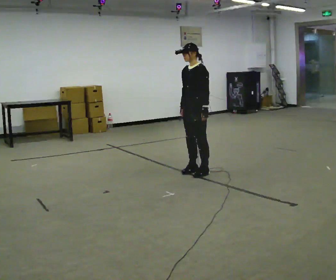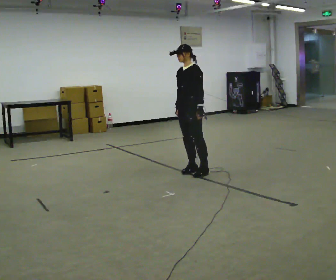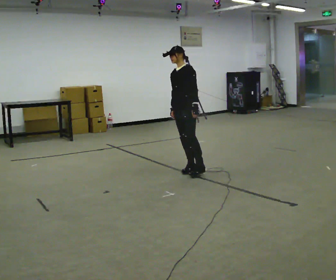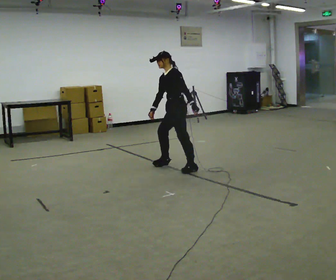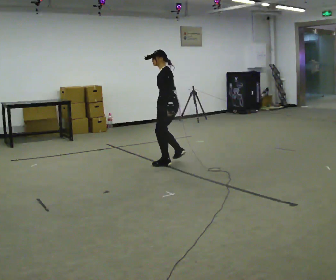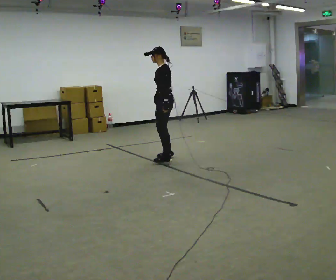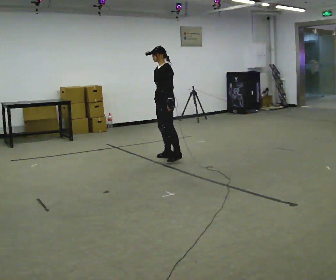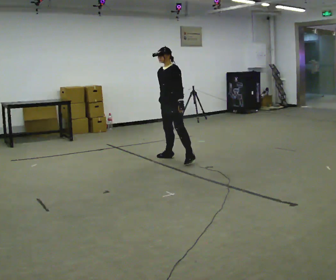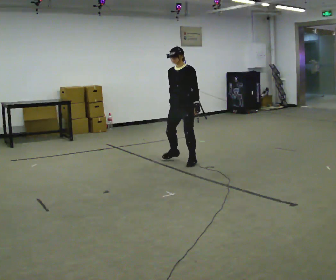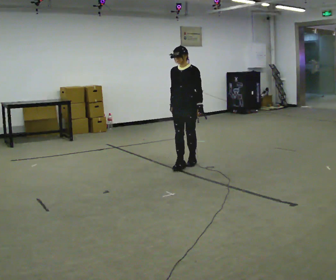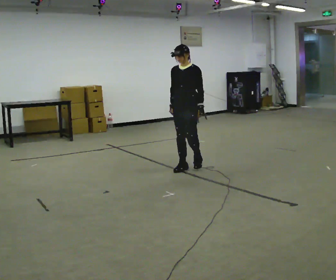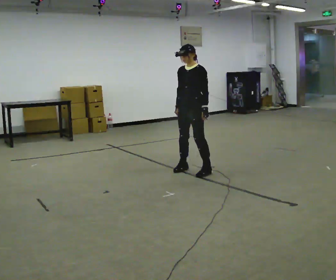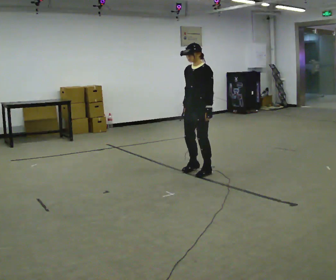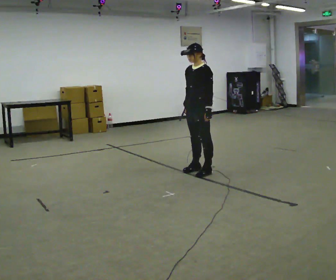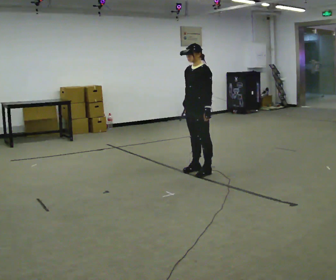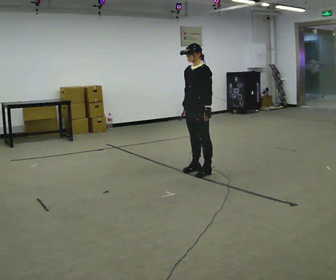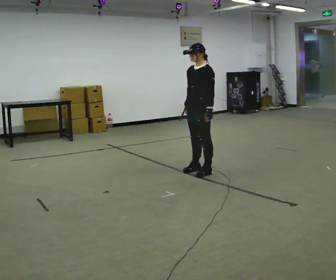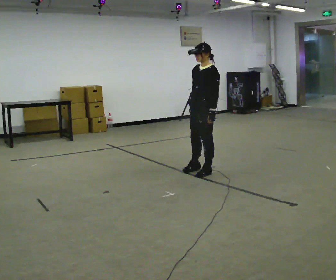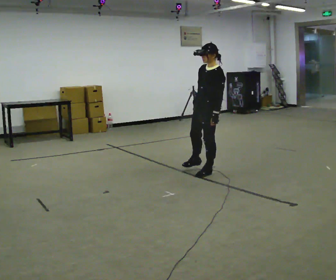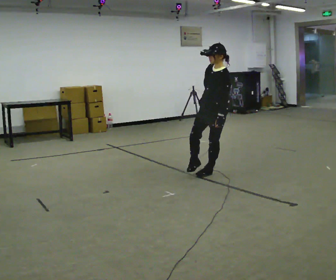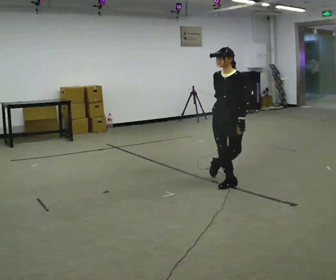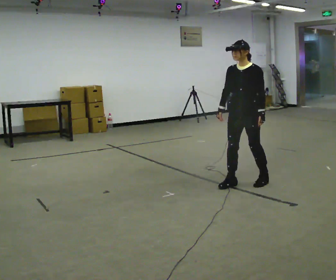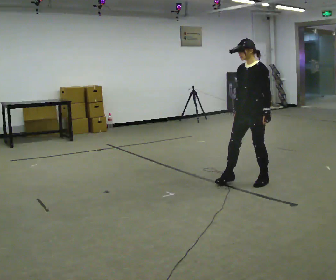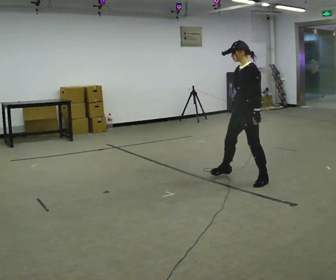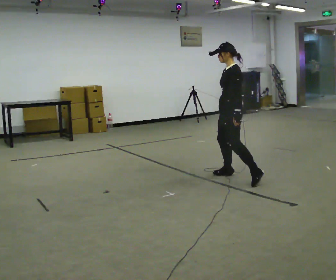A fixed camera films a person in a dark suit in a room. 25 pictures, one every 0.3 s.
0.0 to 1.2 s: The person turns about 45 degrees to their right, clockwise seen from above, so the part of the body nearest the lens slides to the left. In the picture they go away from the camera and to the left, about 0.5 m in 1 step, which for them is to their right.
1.2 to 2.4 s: Seen from above the body turns counterclockwise, about 60 degrees: to their left, with its near side sliding to the right. In the picture they go to the right, about 0.25 m in 2 steps. In the picture their left hand goes to the right.
2.4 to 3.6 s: In the picture they go toward the camera and to the right, about 0.5 m in 2 steps, which for them is to their left and forward.
3.6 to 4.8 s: The person moves a little, or ends about where they began.
4.8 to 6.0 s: Seen from above the body turns counterclockwise, about 30 degrees: to their left, with its near side sliding to the right. In the picture they go toward the camera and to the right, about 0.5 m in 1 step, which for them is to their left.
6.0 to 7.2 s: The part of the body nearest the lens slides to the left as the person turns to their right by about 60 degrees.
The film runs forward here.
